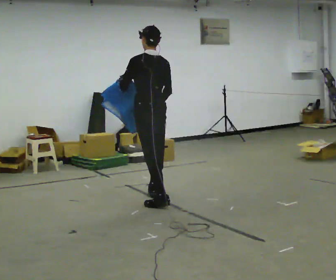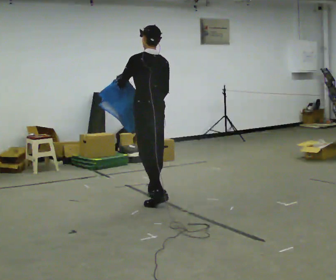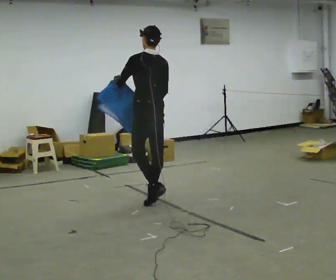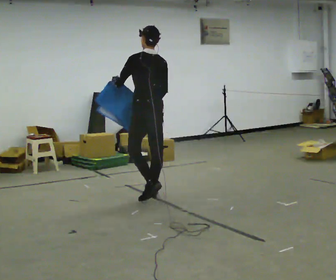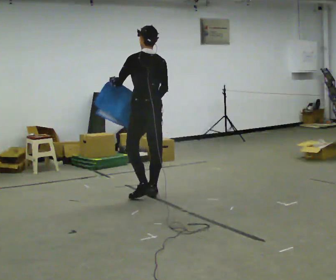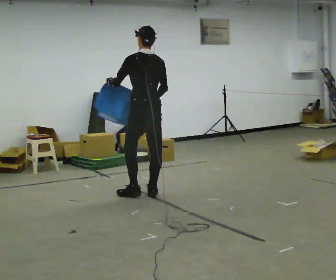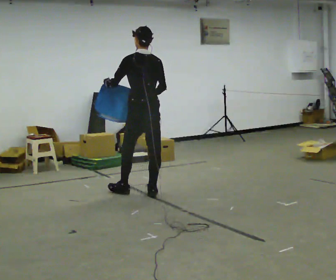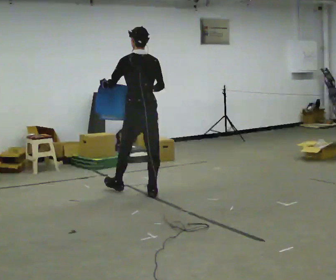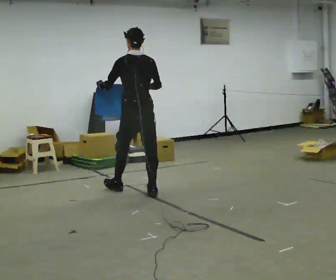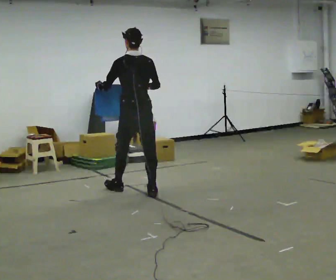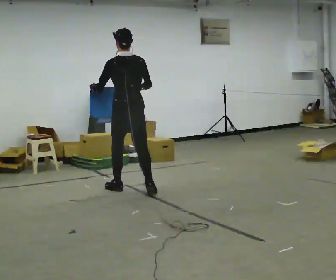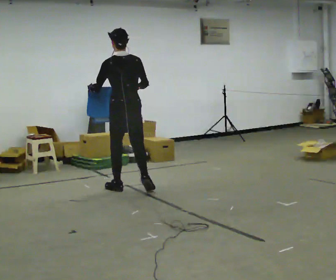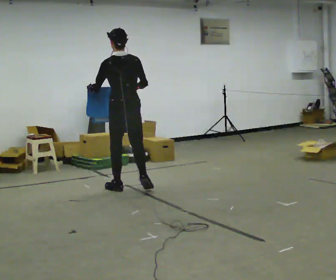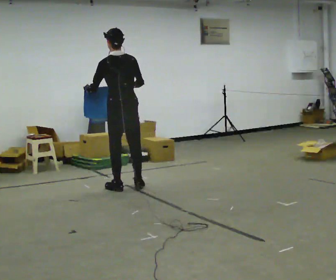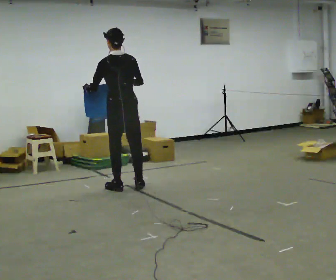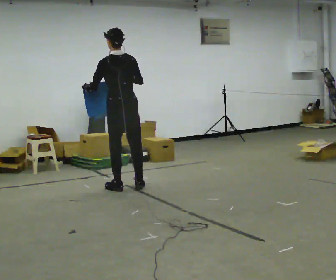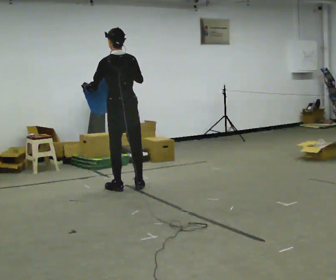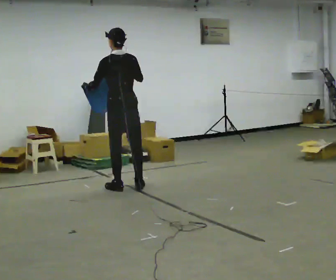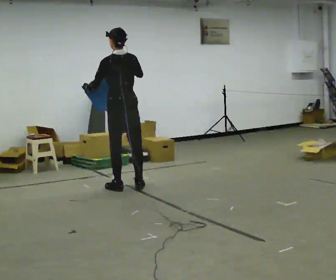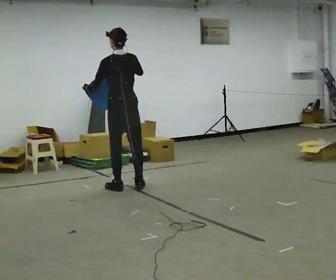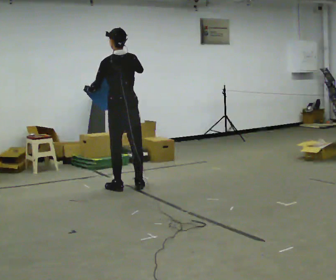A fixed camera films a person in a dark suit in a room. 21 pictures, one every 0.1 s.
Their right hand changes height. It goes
upward.
0.0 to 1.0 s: In the picture they go away from the camera and to the left, about 0.5 m in 1 step, which for them is forward.
1.0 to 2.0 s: In the picture they go away from the camera, about 0.25 m in 1 step, which for them is forward.
The film runs forward here.
